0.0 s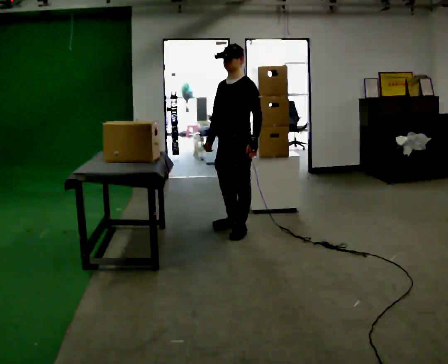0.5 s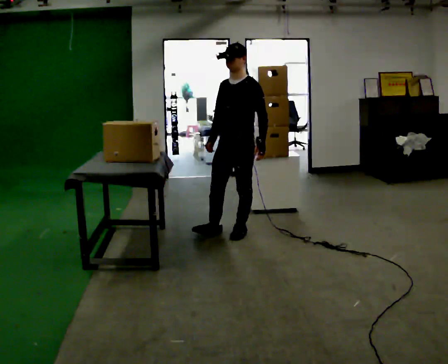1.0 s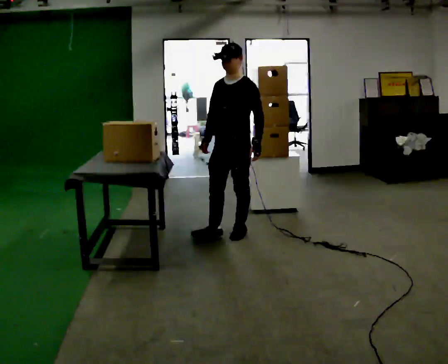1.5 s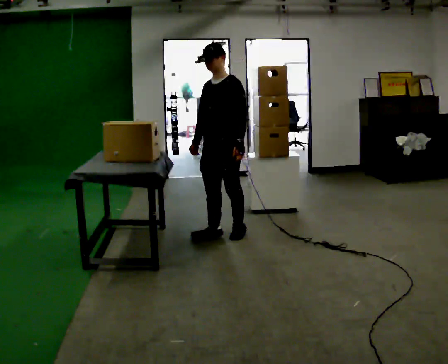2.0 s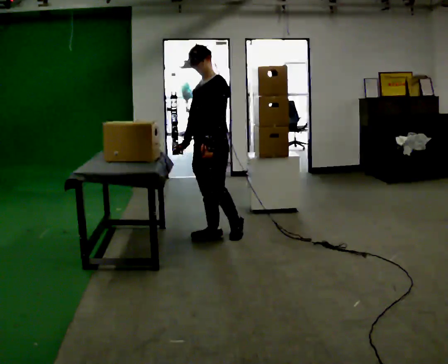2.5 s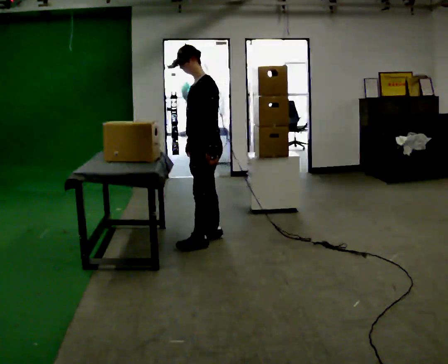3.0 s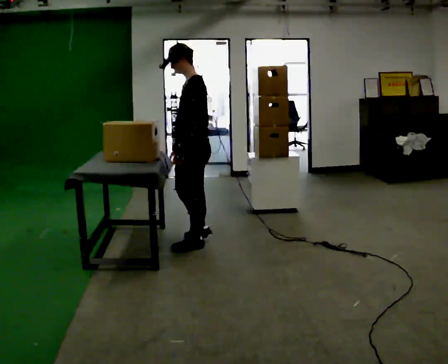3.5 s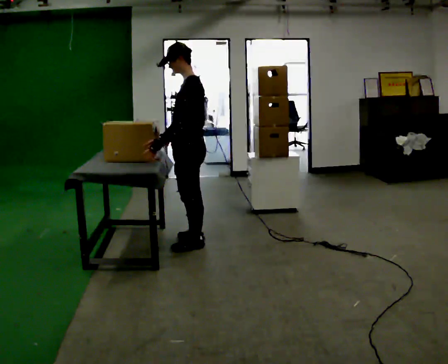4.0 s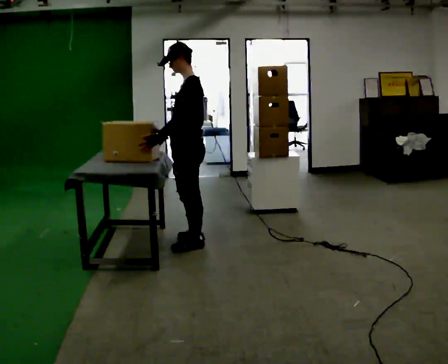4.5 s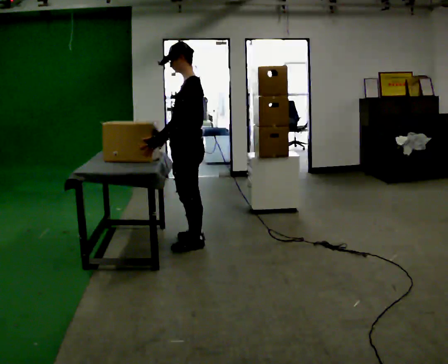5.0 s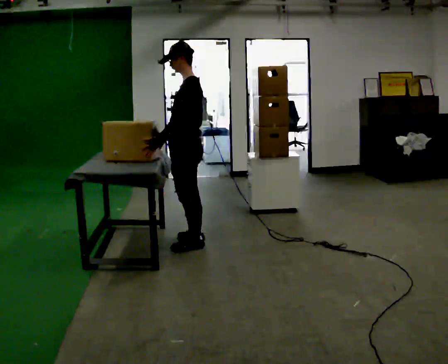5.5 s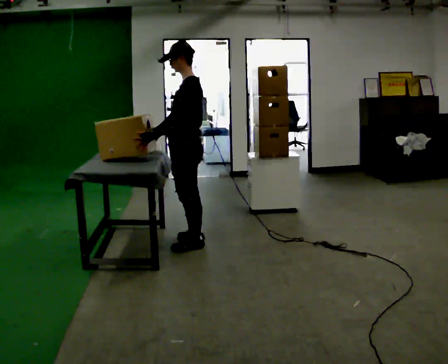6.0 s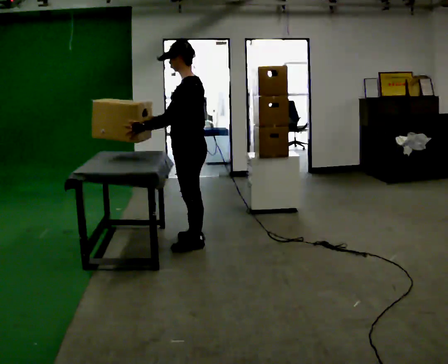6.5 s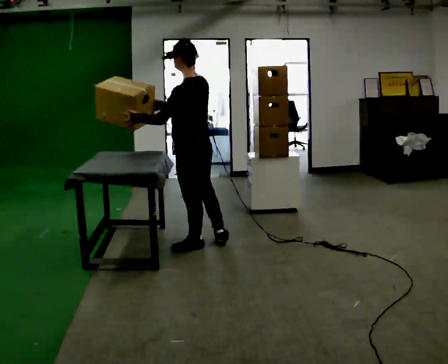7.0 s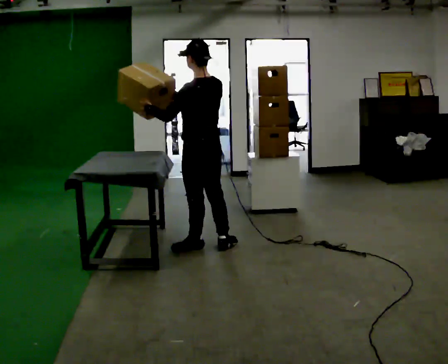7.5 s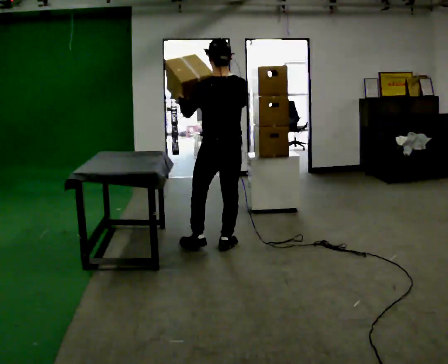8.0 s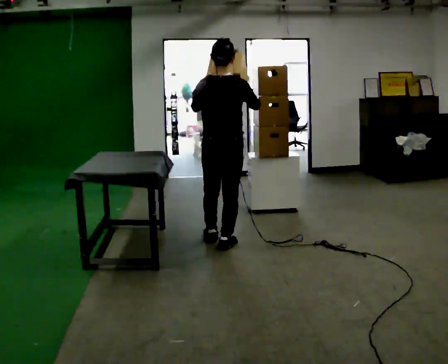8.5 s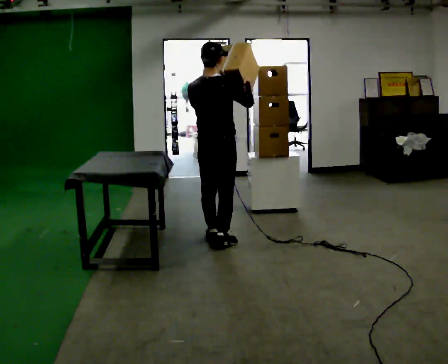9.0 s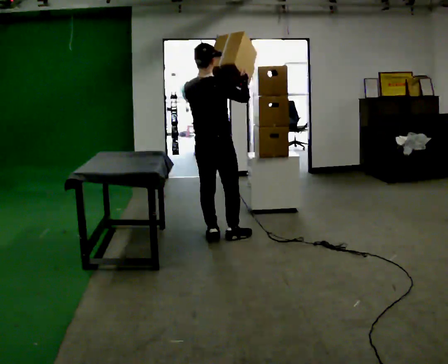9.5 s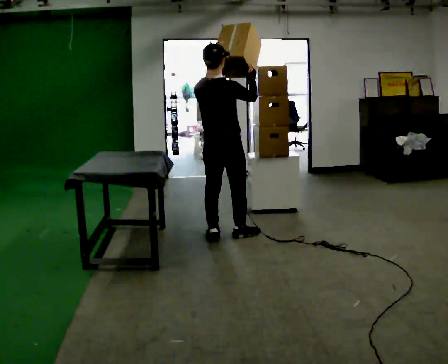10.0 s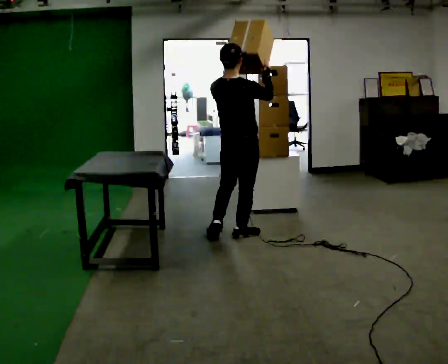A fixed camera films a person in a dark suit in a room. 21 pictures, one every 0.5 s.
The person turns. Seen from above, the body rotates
clockwise.
Their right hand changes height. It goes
upward.
0.0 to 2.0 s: In the picture they go to the left, about 0.25 m in 1 step, which for them is forward.
2.0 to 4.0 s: The person turns about 30 degrees to their right, clockwise seen from above, so the part of the body nearest the lens slides to the left. In the picture they go toward the camera and to the left, about 0.25 m in 2 steps, which for them is to their left and forward.
4.0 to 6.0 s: The person moves a little, or ends about where they began.
6.0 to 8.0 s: The person turns about 90 degrees to their right, clockwise seen from above, so the part of the body nearest the lens slides to the left. In the picture they go to the right, about 0.25 m in 2 steps.
8.0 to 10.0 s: In the picture they go away from the camera and to the right, about 0.25 m in 1 step, which for them is forward.
The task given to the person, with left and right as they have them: Reach up into the bin on the top shelf, take out one object at a time, and carry it to the table. Keep going until the operator says stop; one object at a time, and do not rush between trips.
The film runs forward here.
